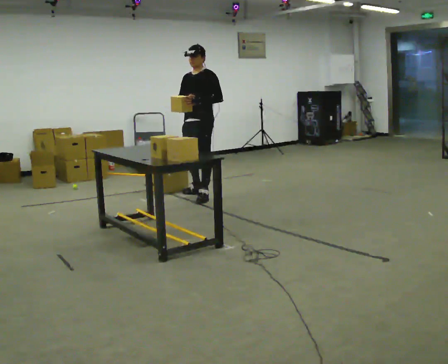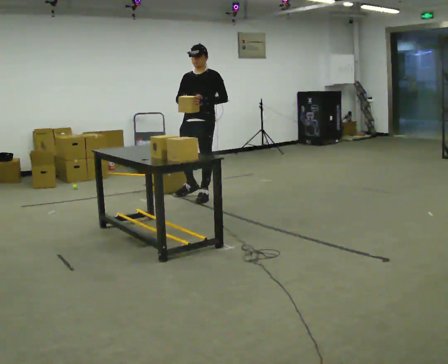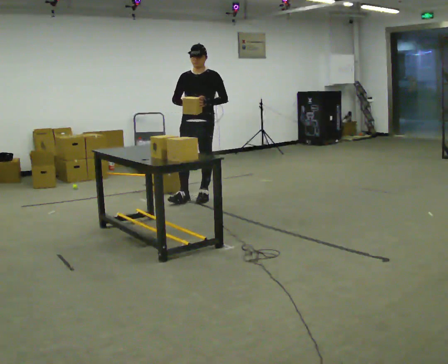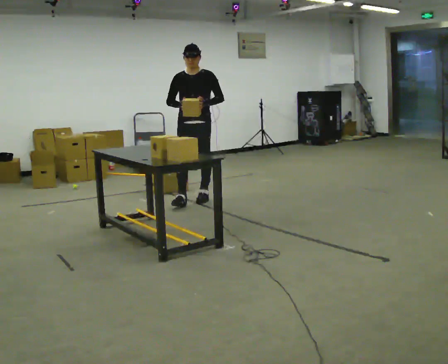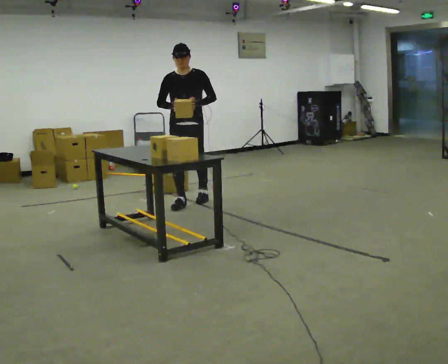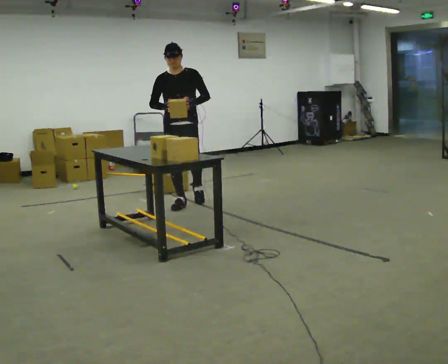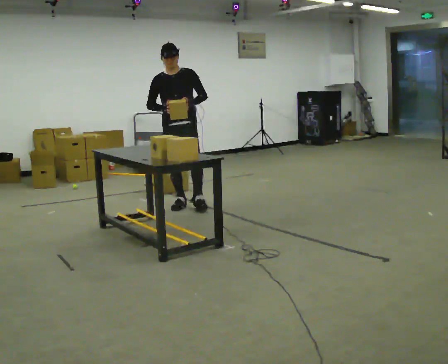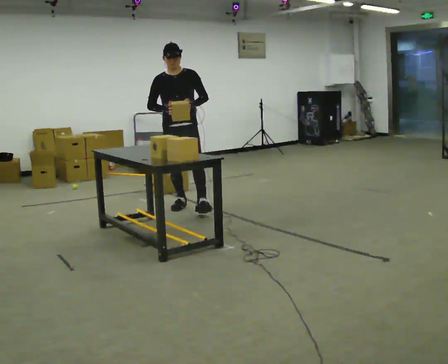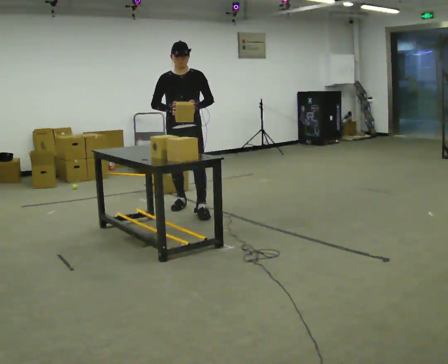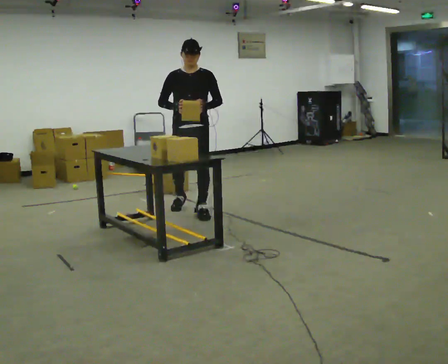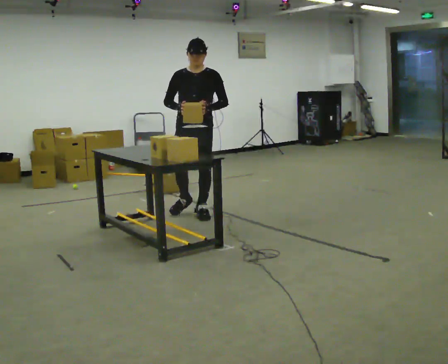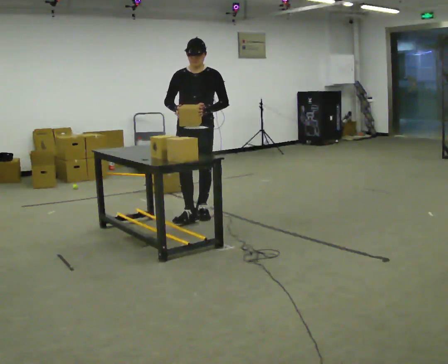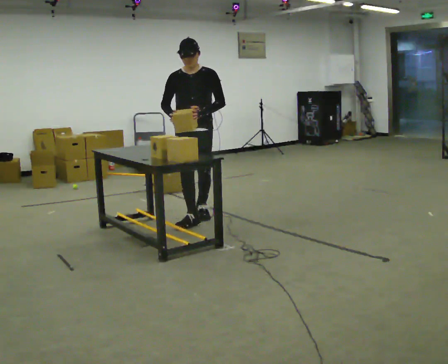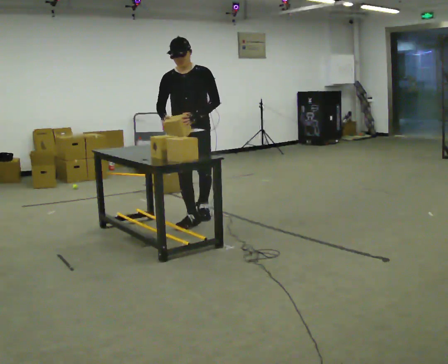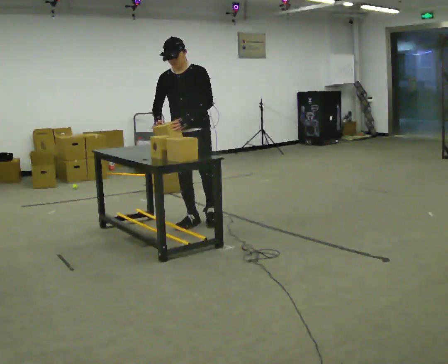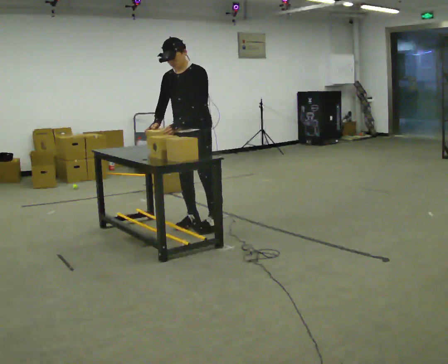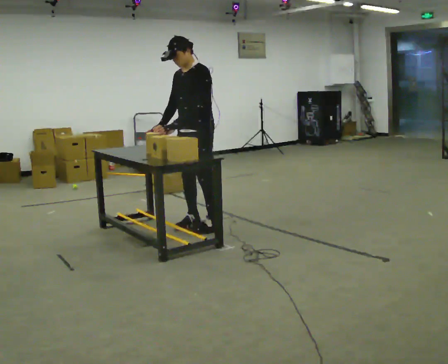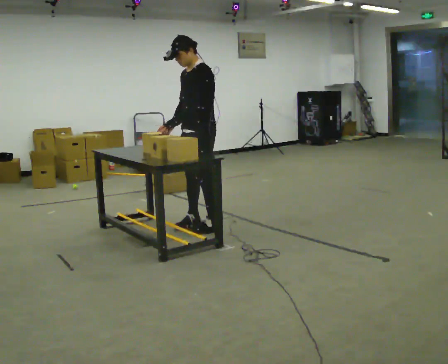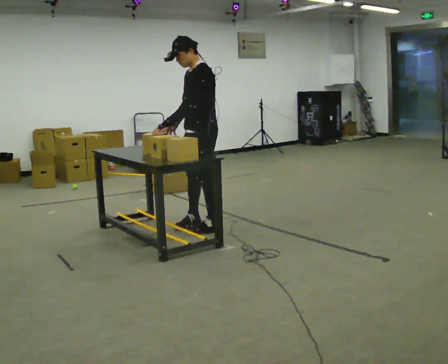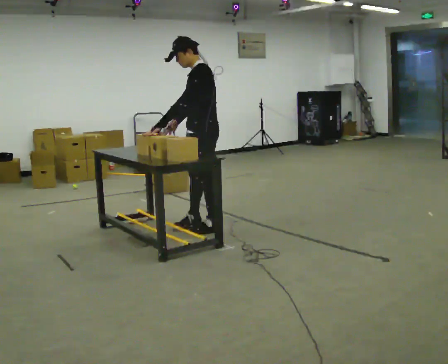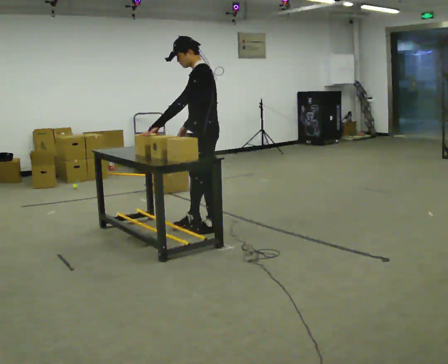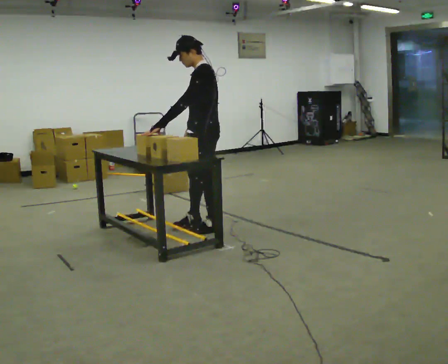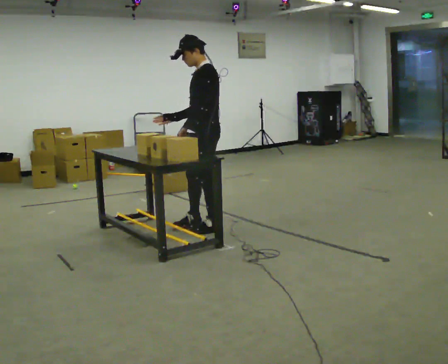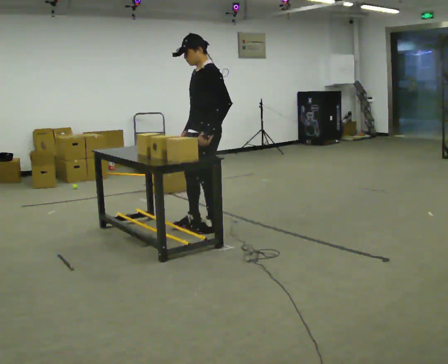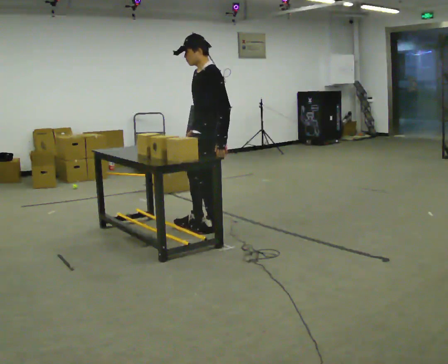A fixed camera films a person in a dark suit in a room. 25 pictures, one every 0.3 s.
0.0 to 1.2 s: The part of the body nearest the lens slides to the right as the person turns to their left by about 45 degrees. In the picture they go toward the camera and to the left, about 0.25 m in 1 step, which for them is forward.
1.2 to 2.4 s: In the picture they go toward the camera, about 0.25 m in 1 step, which for them is forward.
2.4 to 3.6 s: In the picture they go toward the camera, about 0.25 m in 1 step, which for them is forward and to their left.
3.6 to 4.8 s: The part of the body nearest the lens slides to the left as the person turns to their right by about 45 degrees. In the picture they go toward the camera, about 0.25 m in 1 step, which for them is forward and to their left.
4.8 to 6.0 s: The person turns about 30 degrees to their right, clockwise seen from above, so the part of the body nearest the lens slides to the left.
6.0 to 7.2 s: In the picture their left hand goes to the right, the arm swinging counterclockwise.
The film runs forward here.
